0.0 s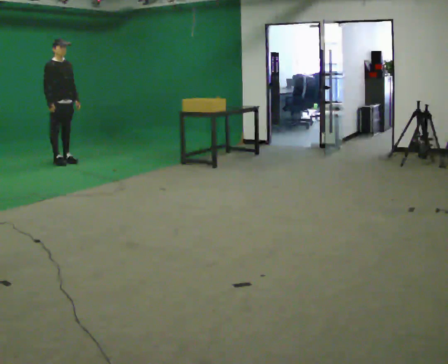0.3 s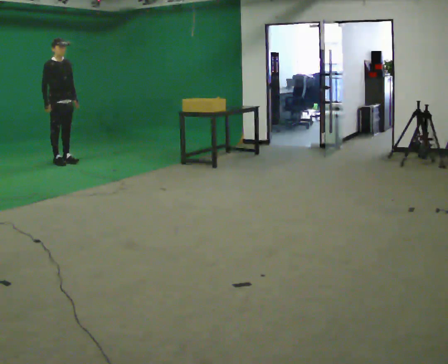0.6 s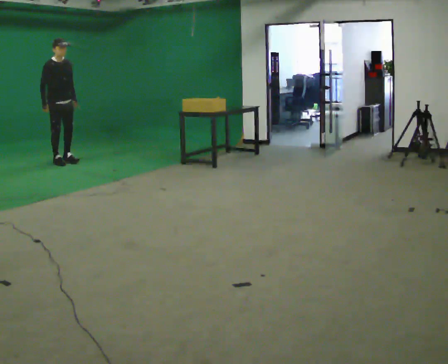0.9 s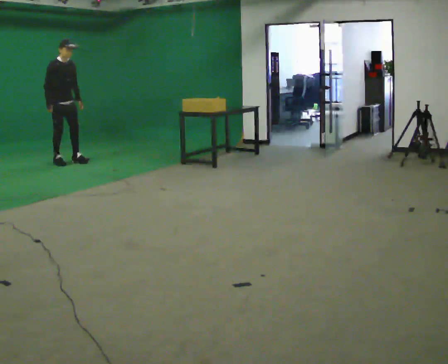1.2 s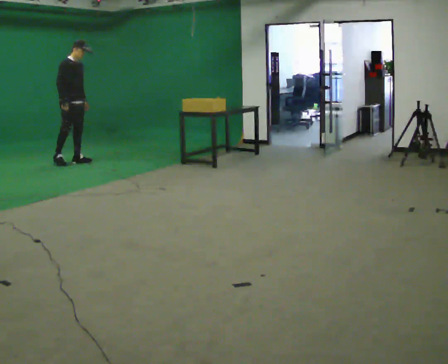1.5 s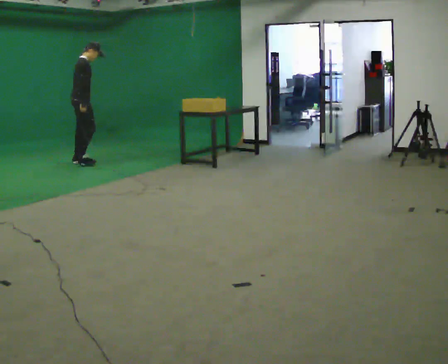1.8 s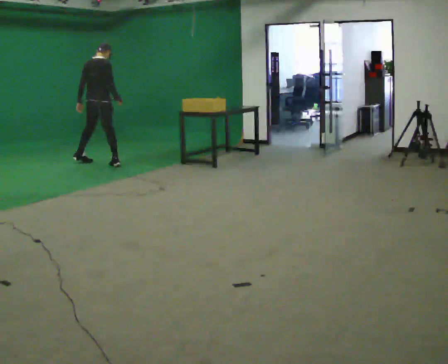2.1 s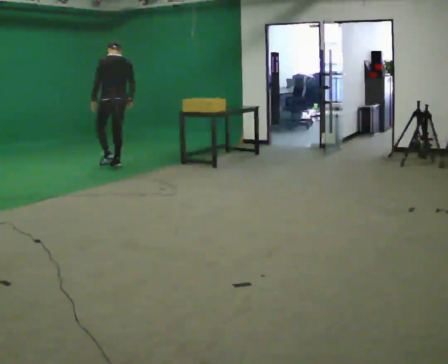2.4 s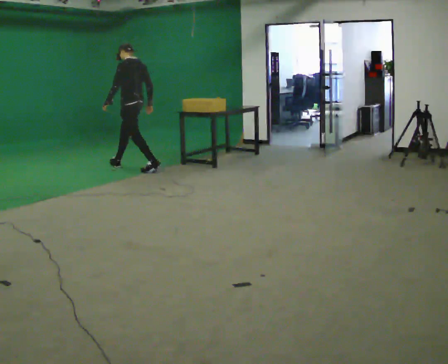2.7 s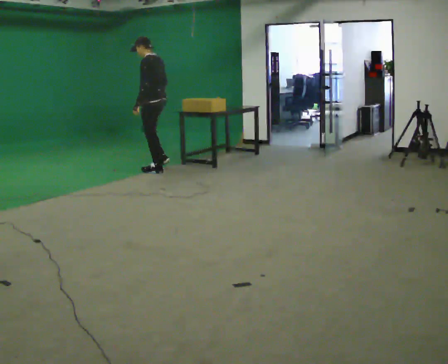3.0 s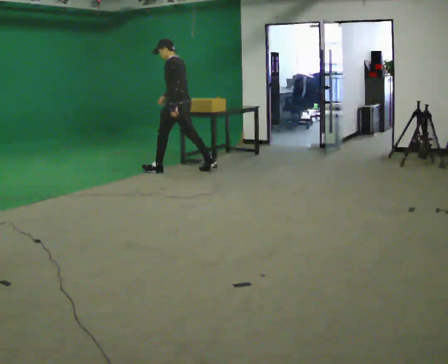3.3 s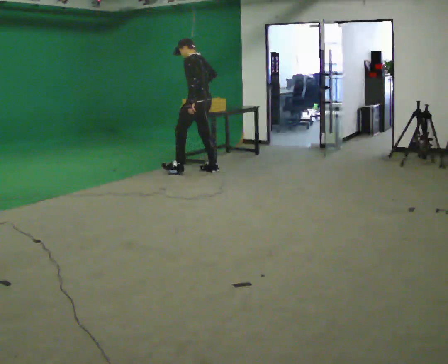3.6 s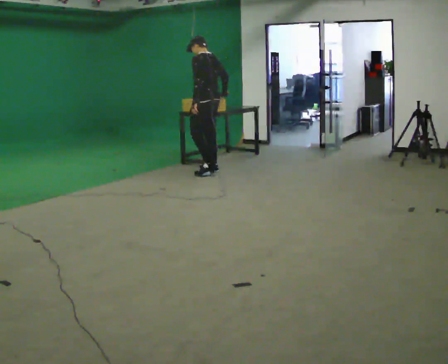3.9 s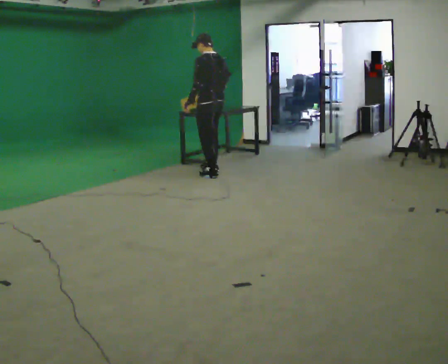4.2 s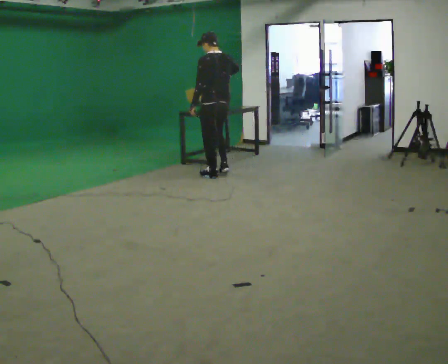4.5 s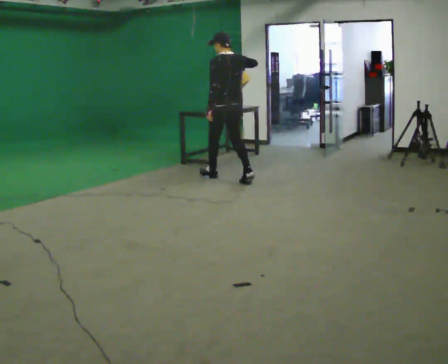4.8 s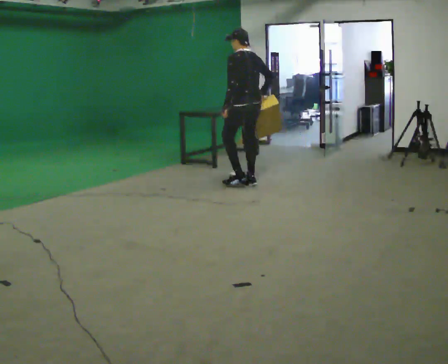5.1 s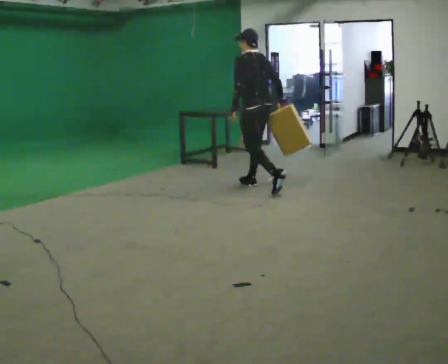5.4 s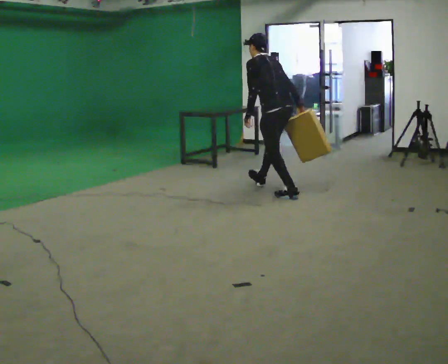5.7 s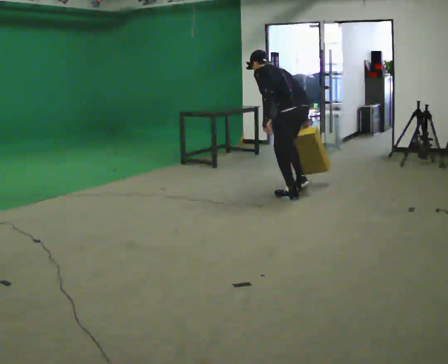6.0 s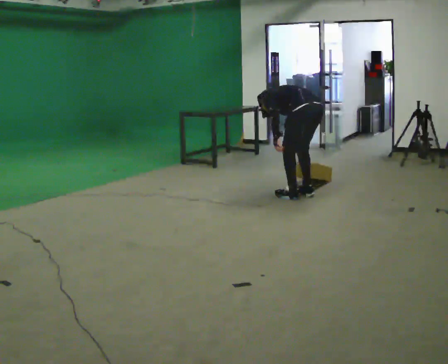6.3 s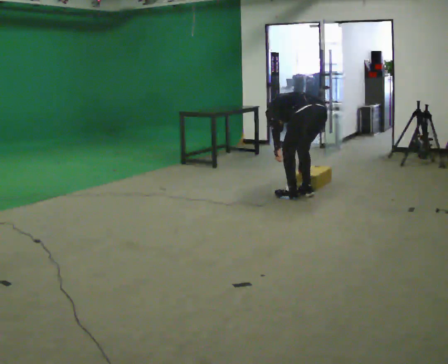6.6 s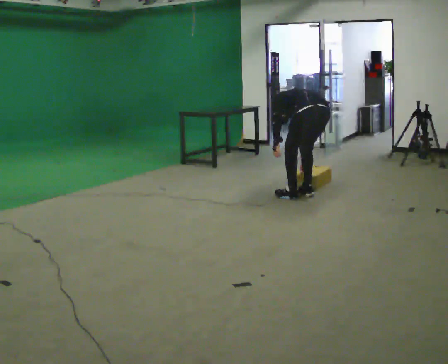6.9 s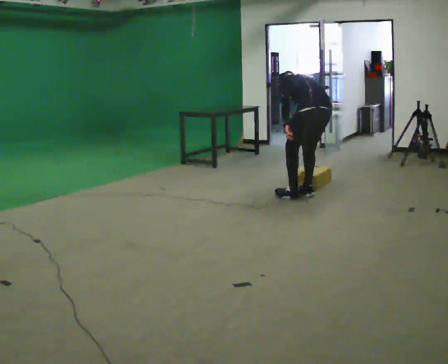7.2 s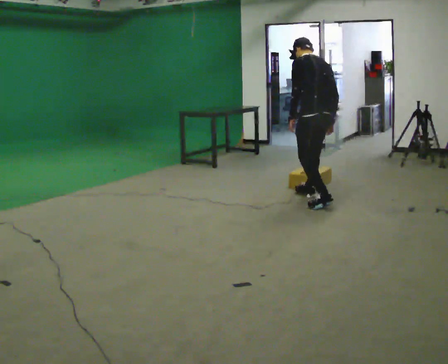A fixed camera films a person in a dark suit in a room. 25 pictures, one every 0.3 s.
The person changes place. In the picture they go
to the right.
0.0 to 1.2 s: The person moves a little, or ends about where they began.
1.2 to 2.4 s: The person turns about 180 degrees to their left, counterclockwise seen from above, so the part of the body nearest the lens slides to the right. In the picture they go to the right, about 1 m in 2 steps.
2.4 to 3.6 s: In the picture they go to the right, about 1 m in 2 steps, which for them is backward.
3.6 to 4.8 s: In the picture they go toward the camera and to the right, about 0.5 m in 2 steps, which for them is backward.
4.8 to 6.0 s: In the picture they go toward the camera and to the right, about 1 m in 1 step, which for them is backward. The upper body goes downward. The upper body tips away from the camera, its near side rolling upward, as they bend forward.
6.0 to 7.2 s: In the picture they go toward the camera, about 0.25 m in 1 step, which for them is backward.
The film runs backward here.
